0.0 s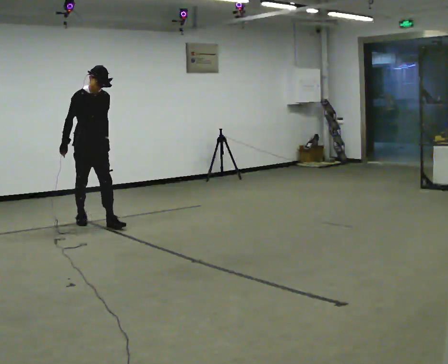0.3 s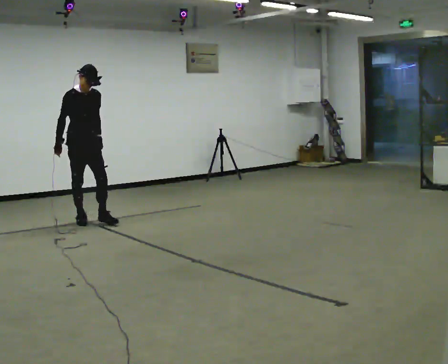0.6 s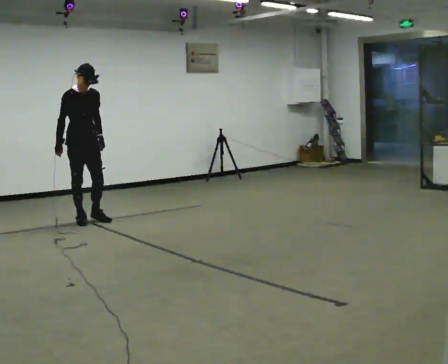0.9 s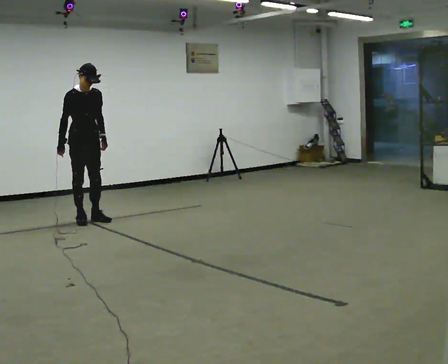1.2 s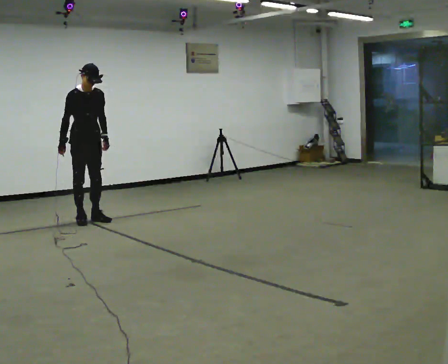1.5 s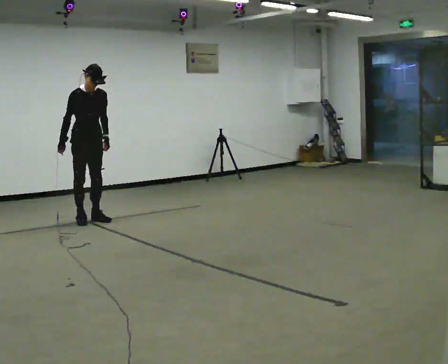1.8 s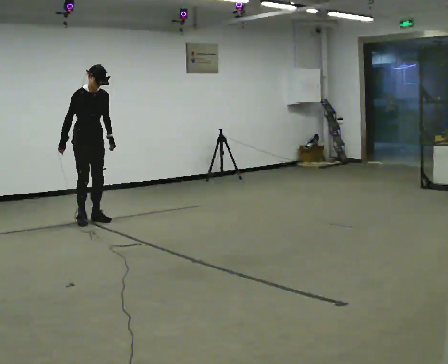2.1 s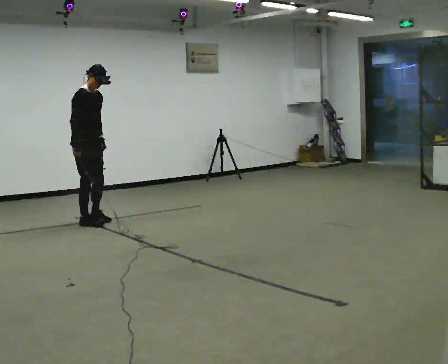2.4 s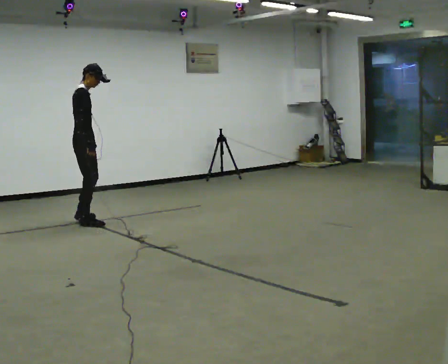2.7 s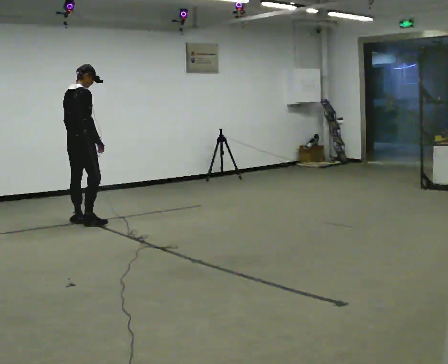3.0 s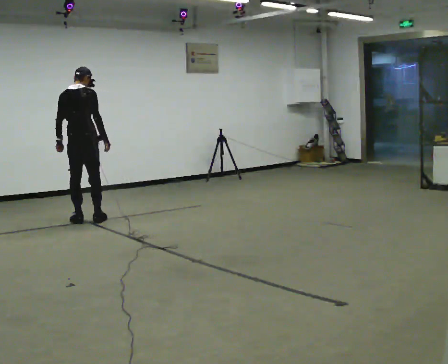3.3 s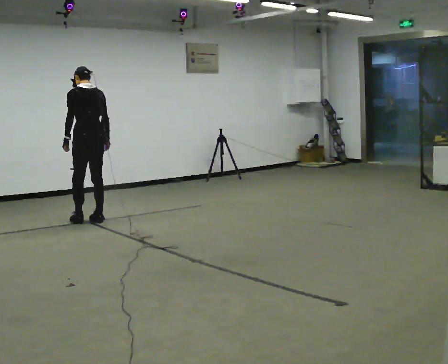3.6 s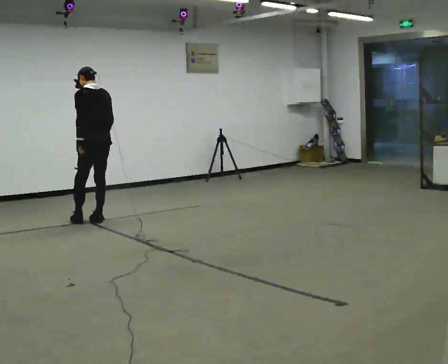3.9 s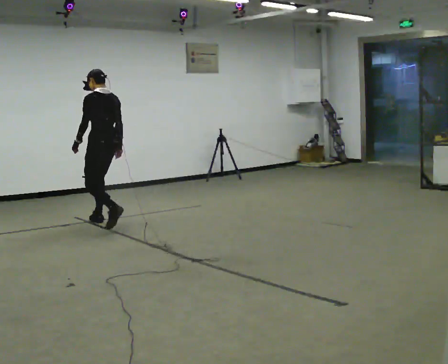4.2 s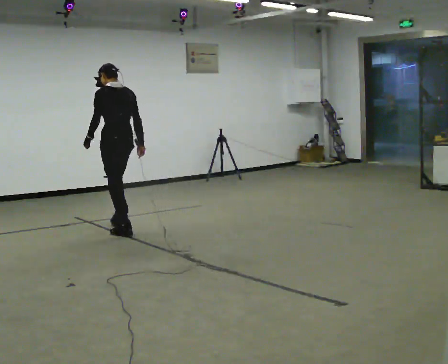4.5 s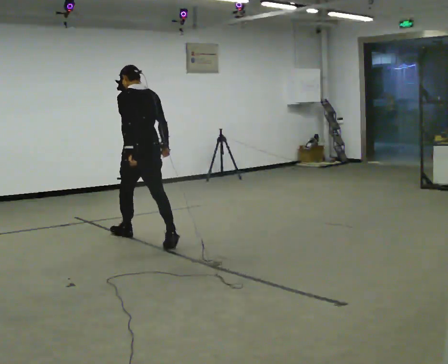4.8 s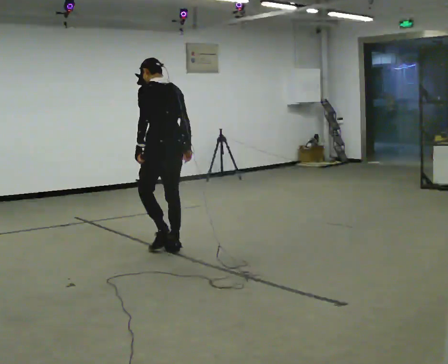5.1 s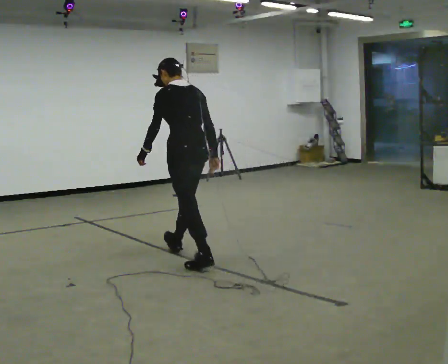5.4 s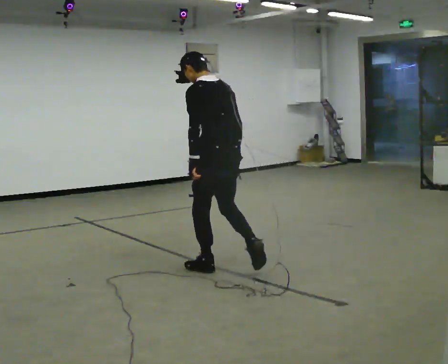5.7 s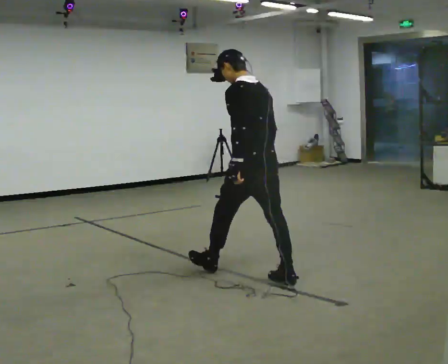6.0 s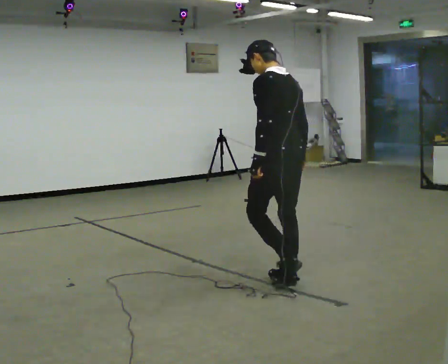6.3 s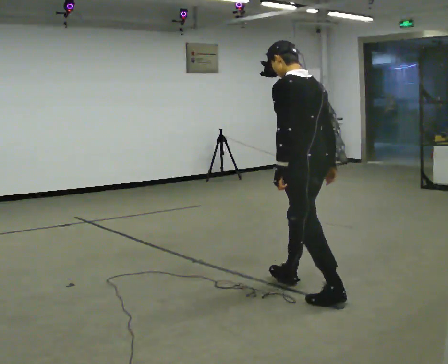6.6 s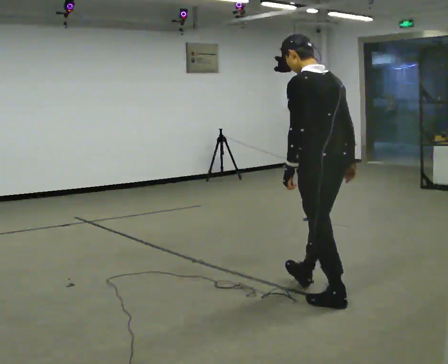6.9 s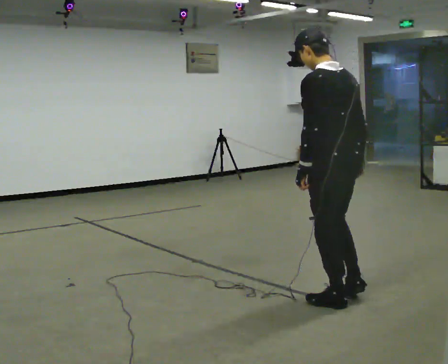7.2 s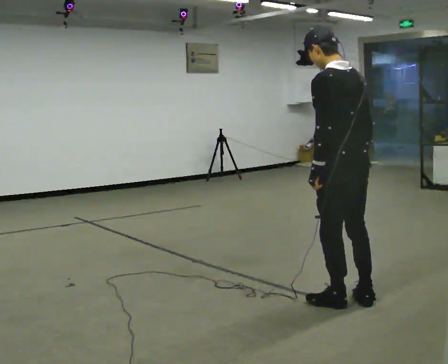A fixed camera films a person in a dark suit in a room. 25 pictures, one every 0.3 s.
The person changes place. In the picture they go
toward the camera.
0.0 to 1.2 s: In the picture they go away from the camera, about 0.25 m in 1 step, which for them is backward.
1.2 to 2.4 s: The person turns about 75 degrees to their left, counterclockwise seen from above, so the part of the body nearest the lens slides to the right. In the picture they go toward the camera, about 0.25 m in 2 steps. In the picture their right hand goes to the right.
2.4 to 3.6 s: The person turns about 120 degrees to their left, counterclockwise seen from above, so the part of the body nearest the lens slides to the right. In the picture they go to the right, about 0.25 m in 2 steps.
3.6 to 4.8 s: In the picture they go toward the camera and to the right, about 1.5 m in 2 steps, which for them is backward.
4.8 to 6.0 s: In the picture they go toward the camera and to the right, about 1.5 m in 2 steps, which for them is backward.
6.0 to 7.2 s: In the picture they go toward the camera and to the right, about 0.5 m in 1 step, which for them is backward.
The film runs backward here.
